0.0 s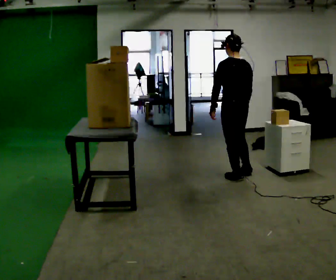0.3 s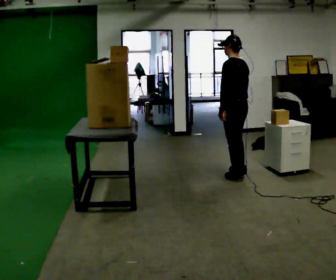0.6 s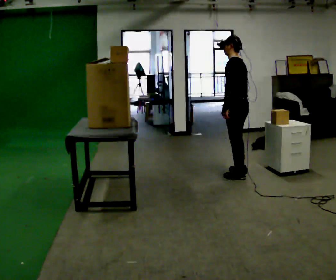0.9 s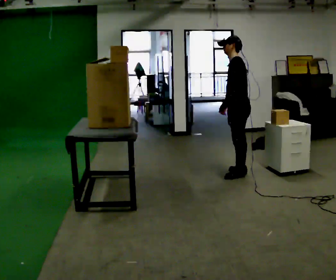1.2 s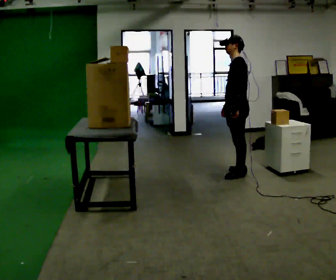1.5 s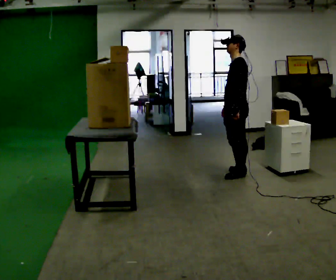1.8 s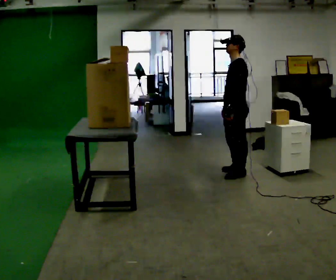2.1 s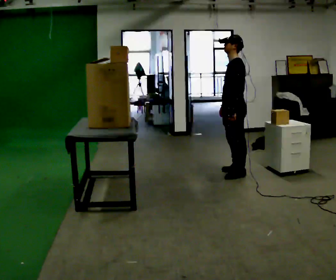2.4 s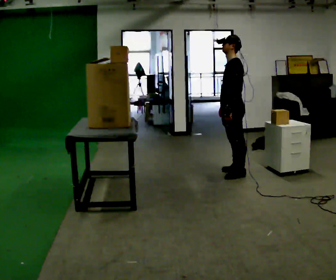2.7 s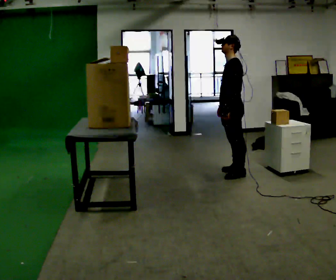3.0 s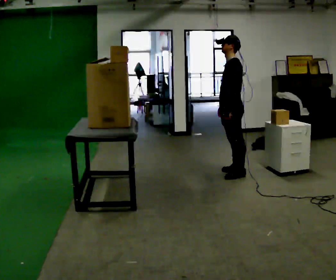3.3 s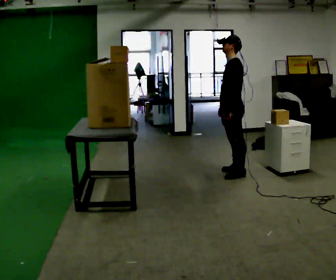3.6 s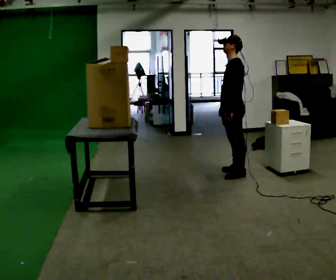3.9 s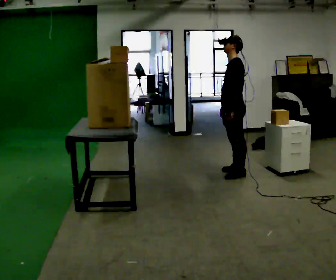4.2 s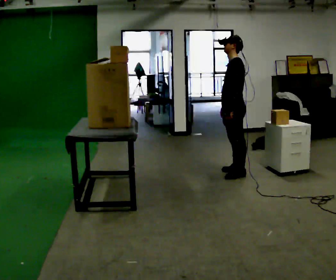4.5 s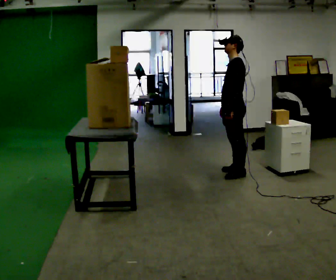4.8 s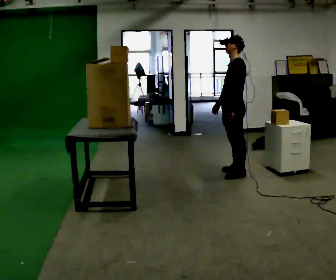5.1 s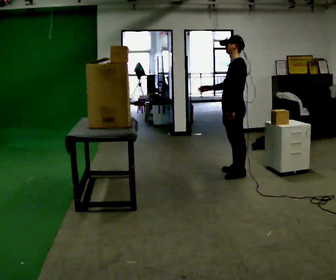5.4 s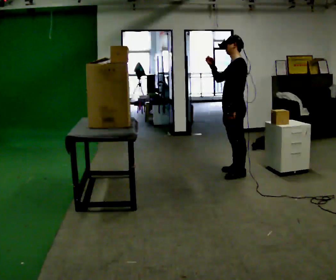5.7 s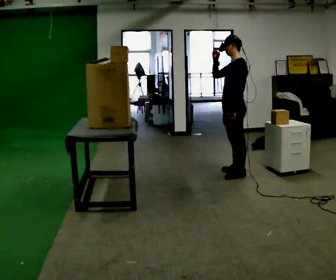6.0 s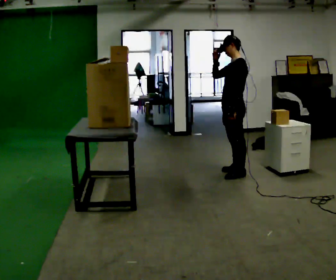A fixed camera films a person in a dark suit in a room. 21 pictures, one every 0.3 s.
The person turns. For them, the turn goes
to their left.
The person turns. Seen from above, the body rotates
counterclockwise.
0.0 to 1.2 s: The part of the body nearest the lens slides to the right as the person turns to their left by about 60 degrees. In the picture they go away from the camera, about 0.25 m in 2 steps.
1.2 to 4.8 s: The person moves a little, or ends about where they began.
4.8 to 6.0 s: In the picture their right hand goes upward.
The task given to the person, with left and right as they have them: Take an object down from the highest shelf you can comfortably reach, carry it across, and place it on the waist-height shelf. Keep going until the operator says stop; one object at a time, and do not rush between trips.
The film runs forward here.
